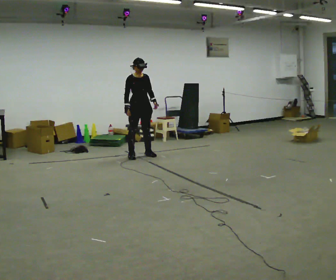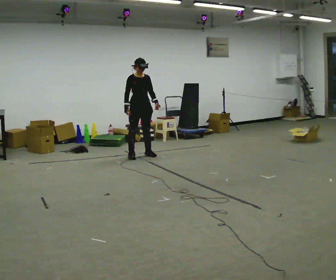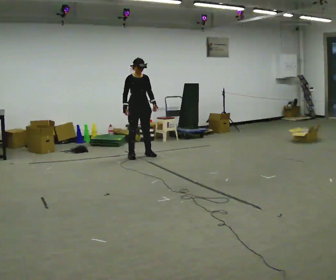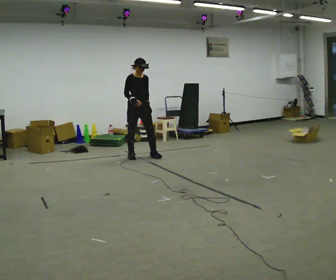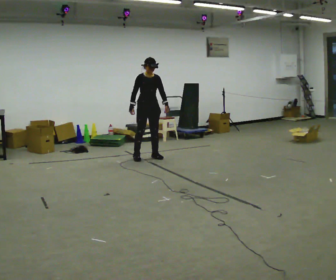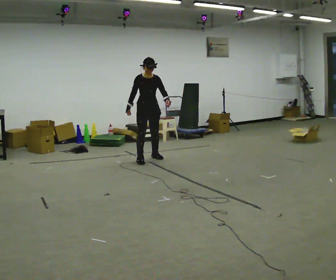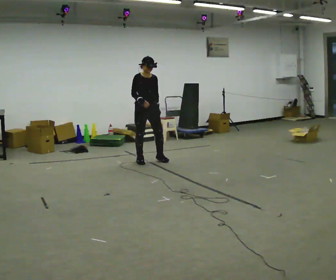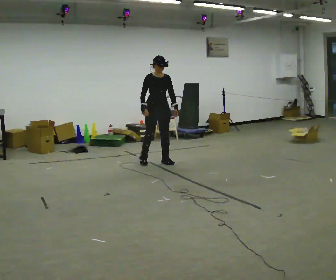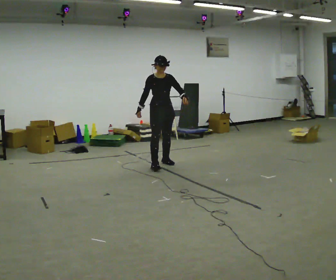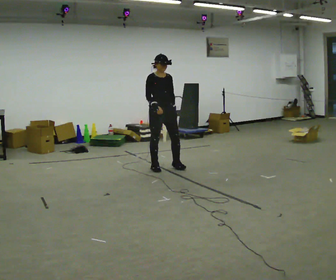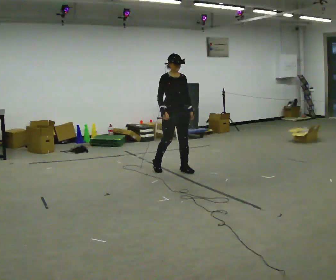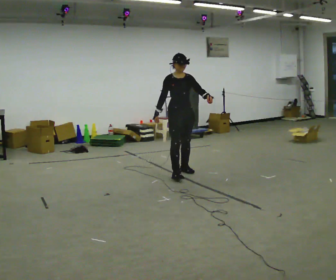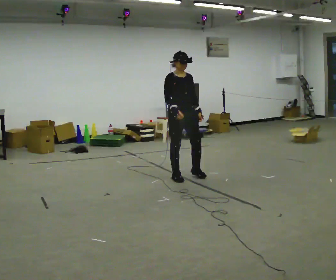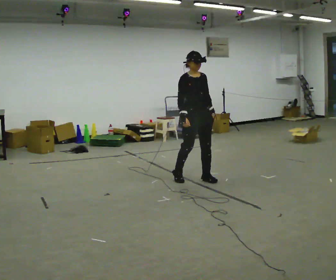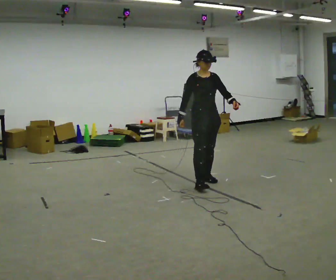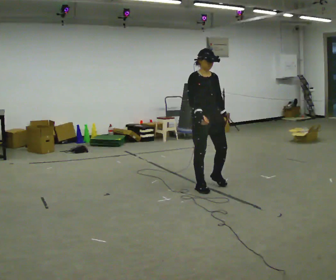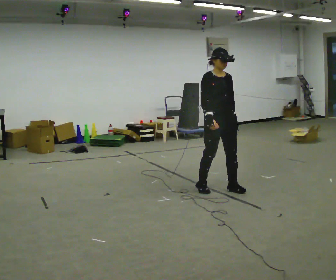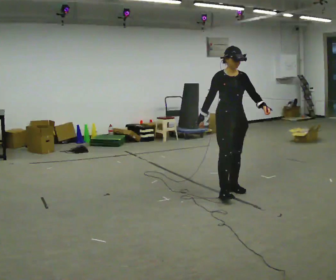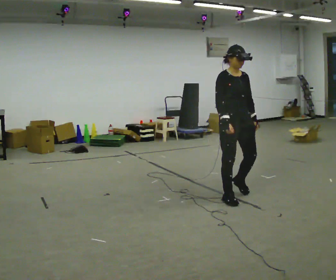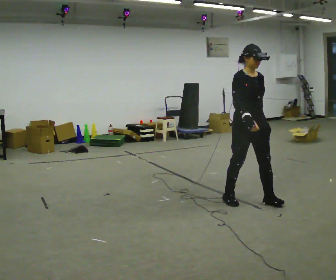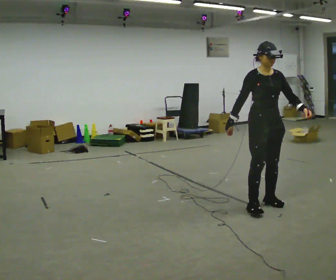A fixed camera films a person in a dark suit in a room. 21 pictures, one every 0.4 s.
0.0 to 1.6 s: In the picture they go to the right, about 0.25 m in 1 step, which for them is forward.
1.6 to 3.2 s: In the picture they go toward the camera, about 0.75 m in 3 steps, which for them is forward.
3.2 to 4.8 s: In the picture they go toward the camera and to the right, about 0.5 m in 2 steps, which for them is forward.
4.8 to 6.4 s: In the picture they go toward the camera and to the right, about 0.75 m in 3 steps, which for them is forward.
6.4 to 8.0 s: In the picture they go toward the camera and to the right, about 0.5 m in 3 steps, which for them is forward.
The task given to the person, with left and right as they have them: Walk forward with your feet closer together than normal, or further apart than normal, as the operator states; stop.
The film runs forward here.
